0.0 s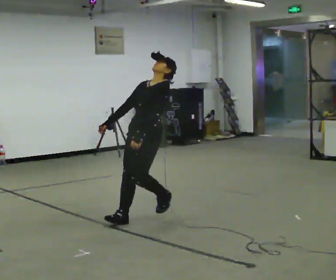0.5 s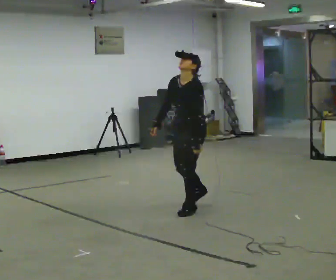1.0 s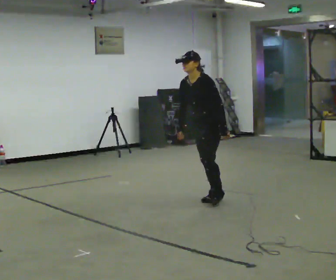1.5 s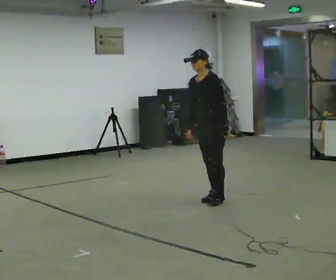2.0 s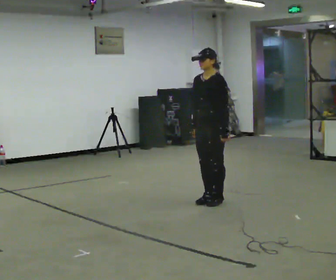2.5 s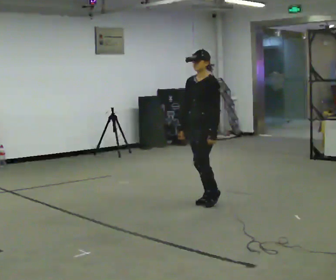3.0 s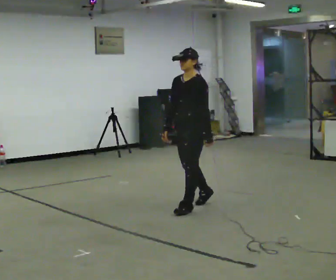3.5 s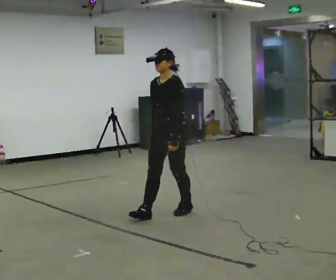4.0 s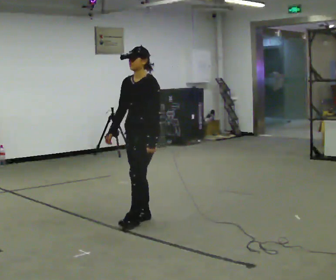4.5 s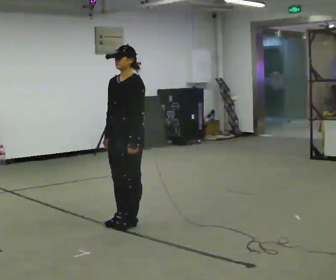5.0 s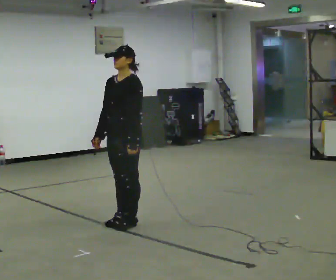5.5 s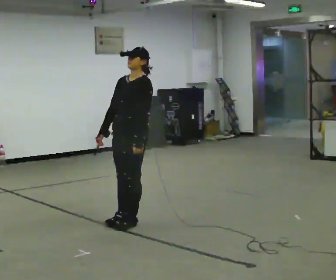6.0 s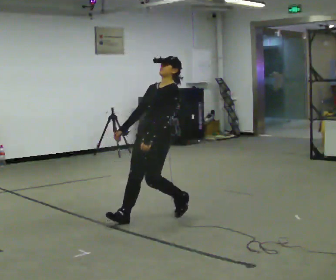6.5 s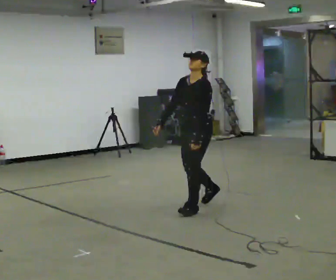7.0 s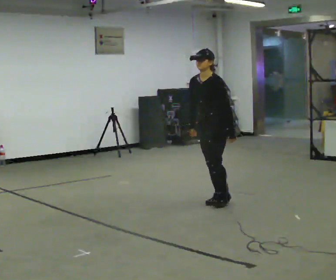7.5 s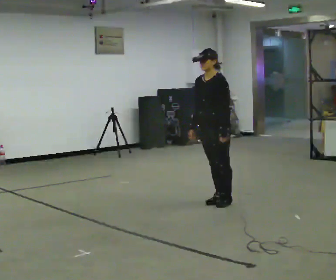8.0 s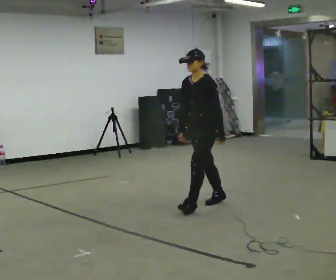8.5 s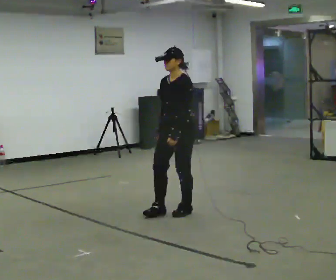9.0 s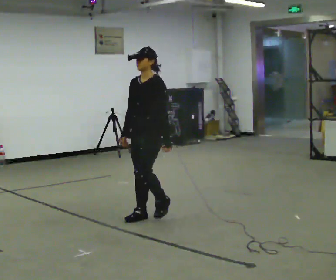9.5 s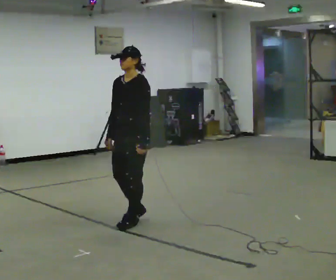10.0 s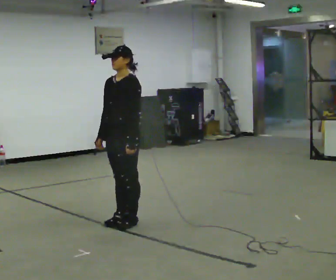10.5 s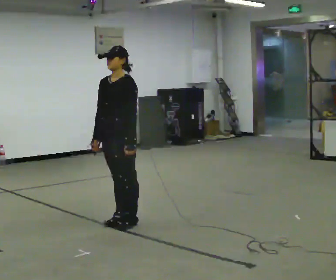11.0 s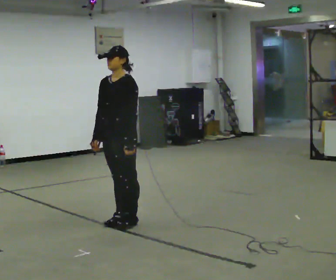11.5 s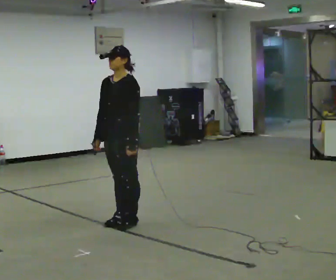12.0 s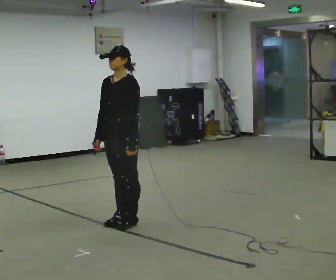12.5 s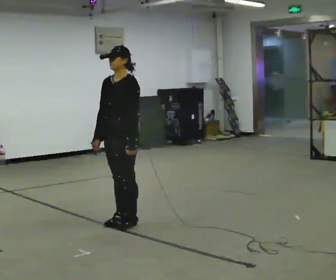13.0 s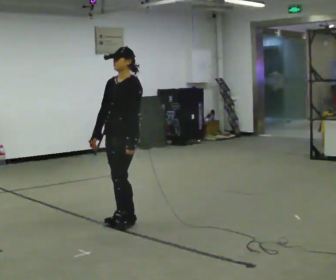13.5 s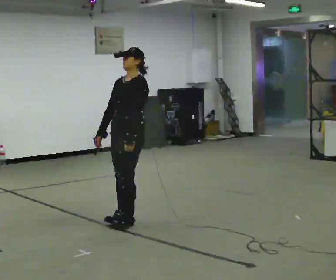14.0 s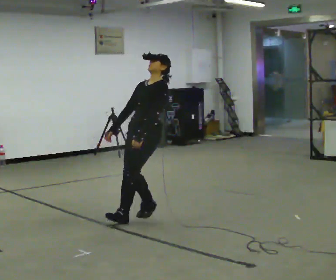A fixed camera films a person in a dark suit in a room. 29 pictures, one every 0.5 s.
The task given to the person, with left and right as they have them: Stand on the marked spots. Lean backward, keeping your body straight, until you cannot hold it, then step back to catch yourself. Return to the spots. Repeat at your own pace until the operator says stop. Go slowly and only as far as you are comfortable. Step whenever you need to; do not try to hold on longer than feels safe.
0.0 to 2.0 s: In the picture they go away from the camera and to the right, about 1 m in 3 steps, which for them is backward.
2.0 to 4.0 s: In the picture they go toward the camera and to the left, about 1 m in 2 steps, which for them is forward.
4.0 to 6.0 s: In the picture the upper body tilts clockwise, shoulders to the right, as they lean back or straighten.
6.0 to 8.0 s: In the picture they go away from the camera and to the right, about 0.5 m in 3 steps, which for them is backward.
8.0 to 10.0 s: In the picture they go toward the camera and to the left, about 1 m in 4 steps, which for them is forward.
10.0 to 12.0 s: The person moves a little, or ends about where they began.
12.0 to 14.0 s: In the picture they go away from the camera and to the right, about 0.25 m, which for them is backward. In the picture the upper body tilts clockwise, shoulders to the right, as they lean back or straighten.
The film runs forward here.
